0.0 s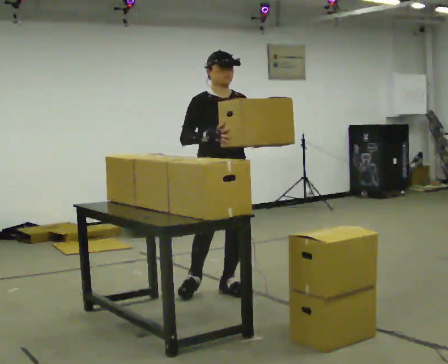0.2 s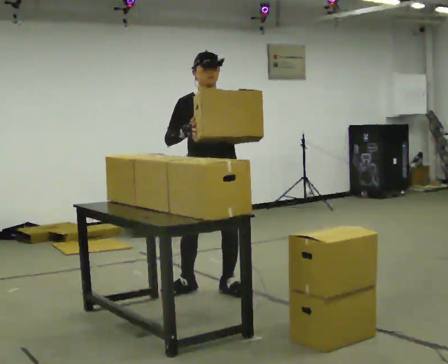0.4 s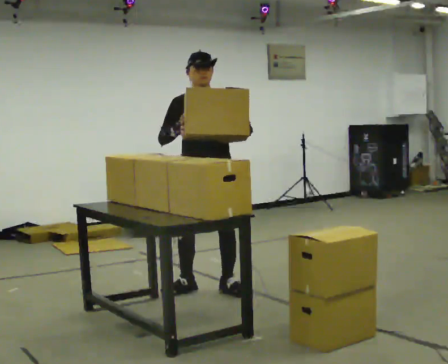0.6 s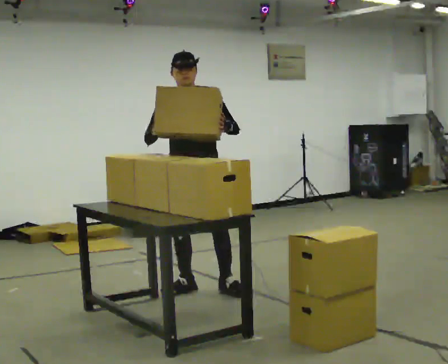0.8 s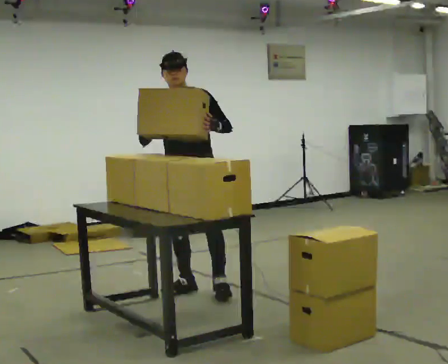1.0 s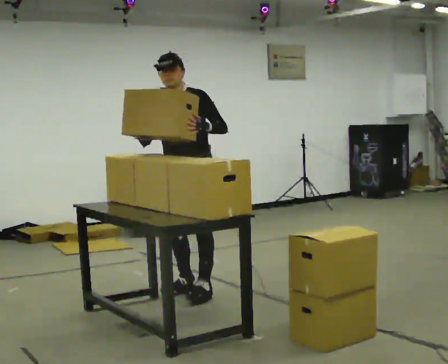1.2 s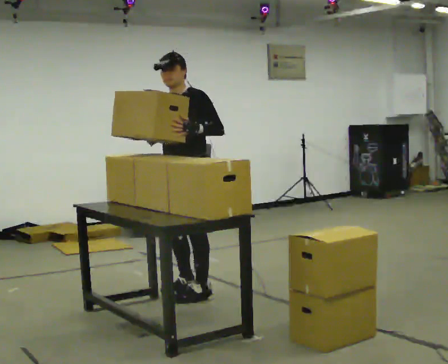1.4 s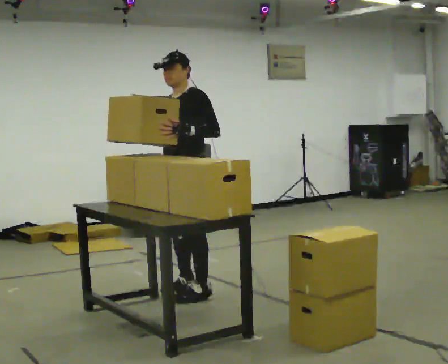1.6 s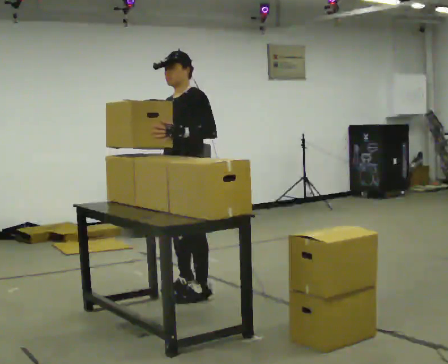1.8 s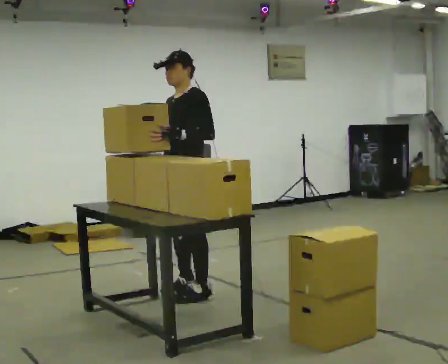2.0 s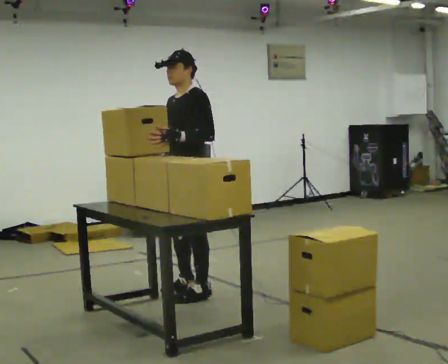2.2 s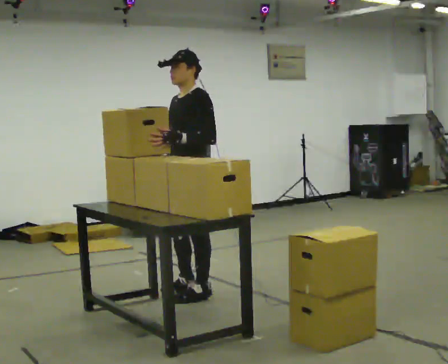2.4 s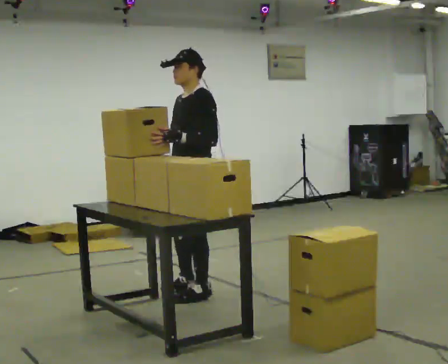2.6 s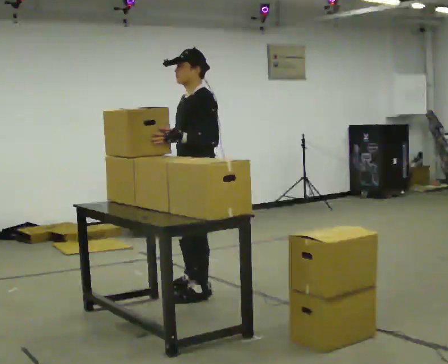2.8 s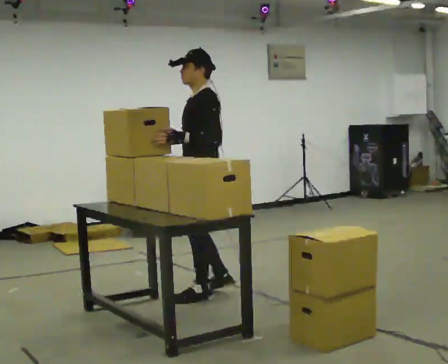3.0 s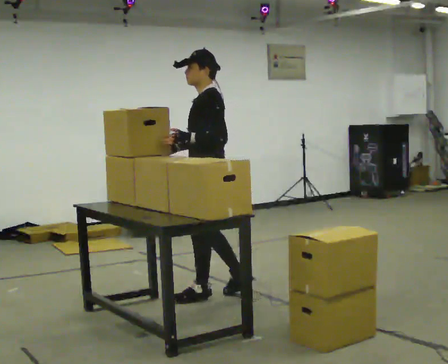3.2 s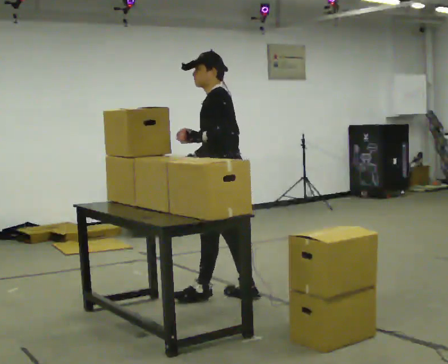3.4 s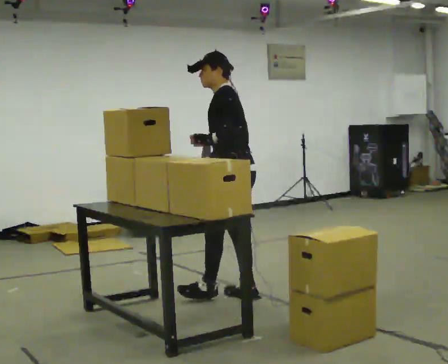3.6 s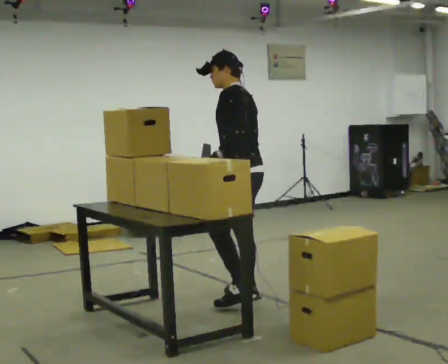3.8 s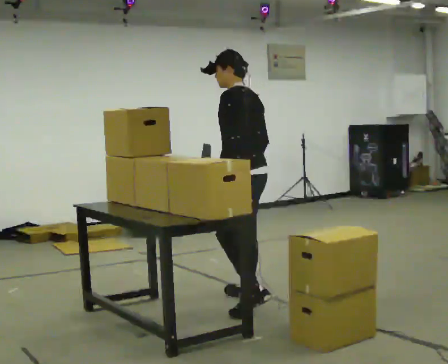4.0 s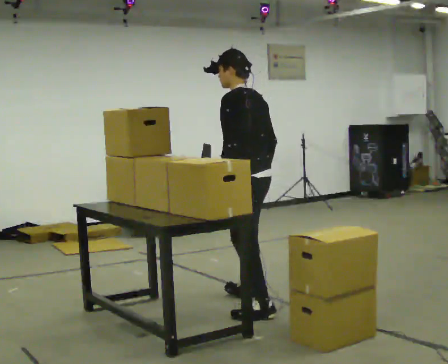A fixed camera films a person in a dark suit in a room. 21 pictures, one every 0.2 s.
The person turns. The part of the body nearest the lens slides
to the left.
The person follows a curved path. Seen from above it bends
counterclockwise.
0.0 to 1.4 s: The part of the body nearest the lens slides to the left as the person turns to their right by about 75 degrees. In the picture they go to the left, about 0.25 m in 1 step. In the picture their left hand goes to the left.
1.4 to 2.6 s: The person moves a little, or ends about where they began.
2.6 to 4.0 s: The person turns about 45 degrees to their right, clockwise seen from above, so the part of the body nearest the lens slides to the left. In the picture they go to the right and toward the camera, about 0.5 m in 1 step, which for them is backward.
The film runs backward here.
